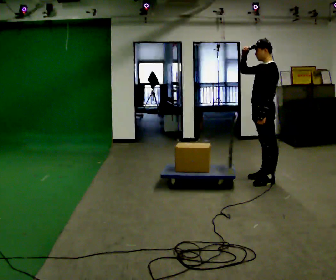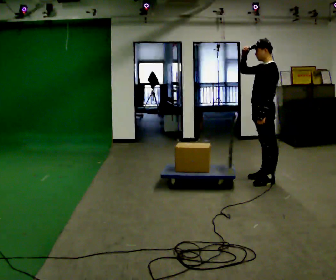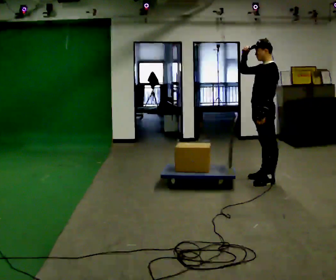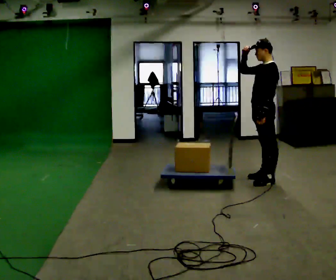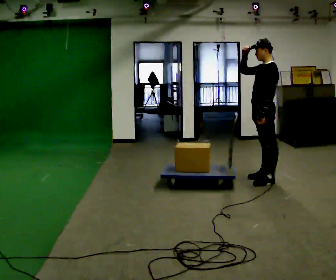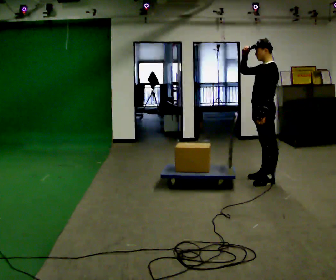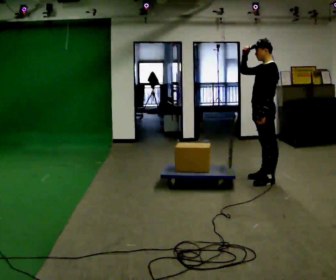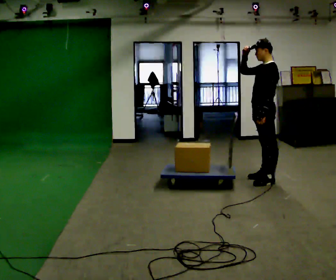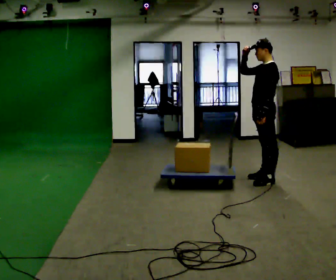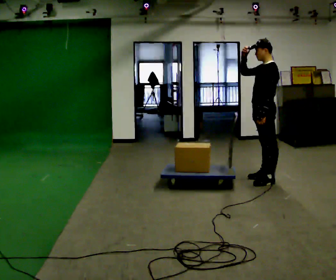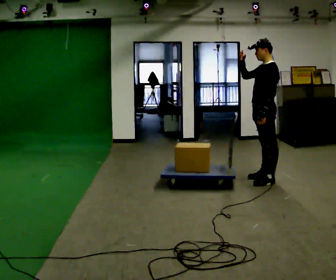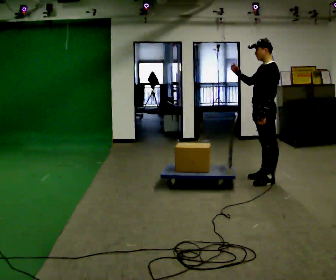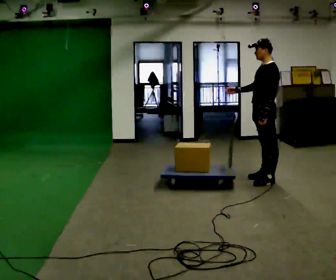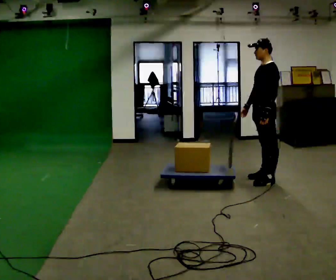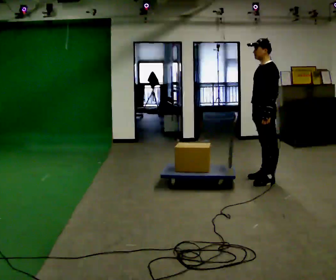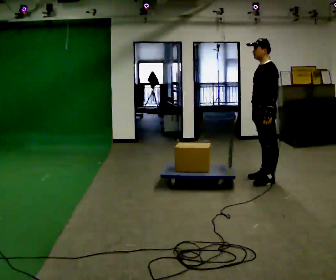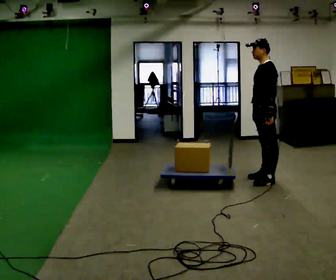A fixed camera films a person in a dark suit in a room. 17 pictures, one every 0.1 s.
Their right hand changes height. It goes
downward.
Their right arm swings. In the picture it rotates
counterclockwise.
0.0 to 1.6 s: In the picture their right hand goes downward, the arm swinging counterclockwise.
The film runs forward here.
